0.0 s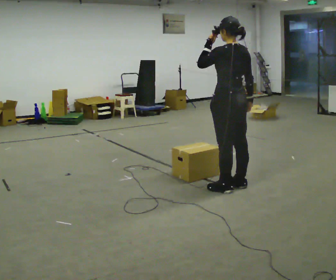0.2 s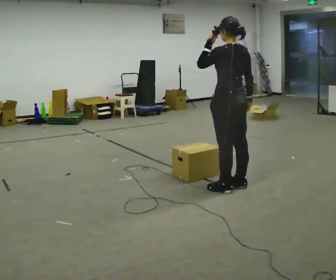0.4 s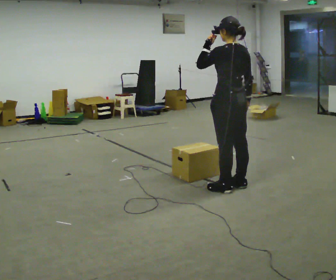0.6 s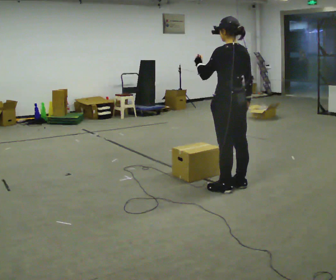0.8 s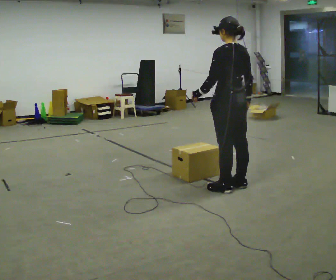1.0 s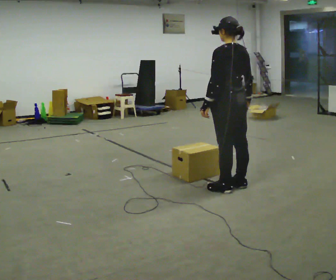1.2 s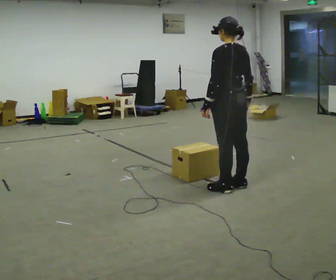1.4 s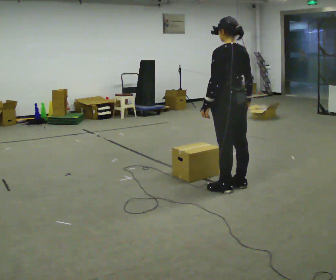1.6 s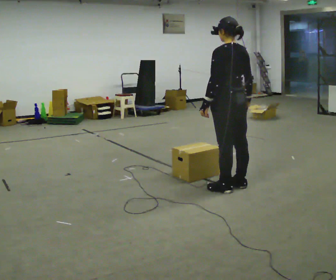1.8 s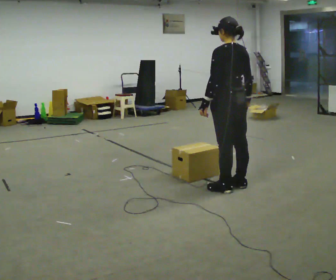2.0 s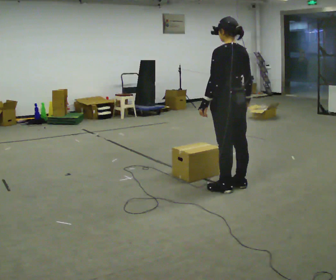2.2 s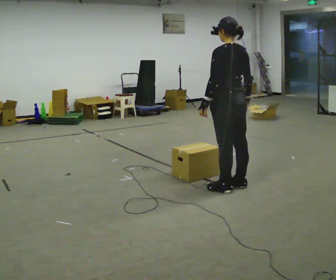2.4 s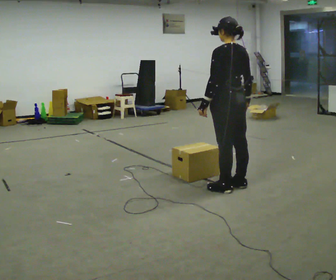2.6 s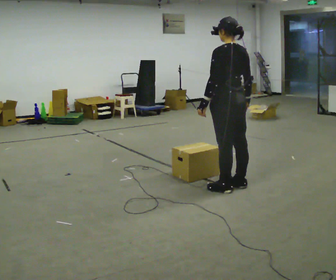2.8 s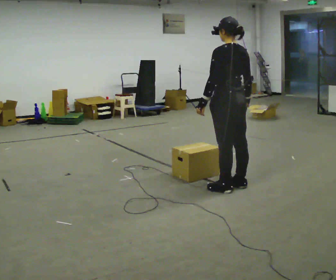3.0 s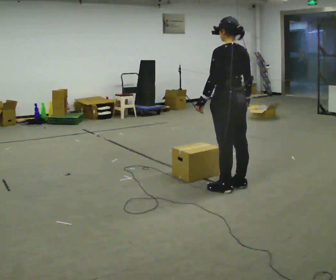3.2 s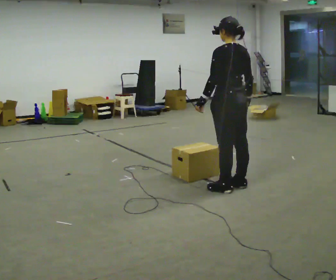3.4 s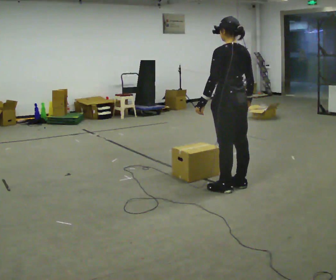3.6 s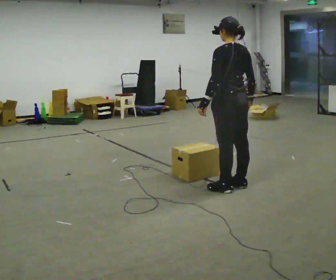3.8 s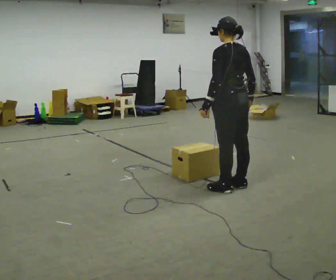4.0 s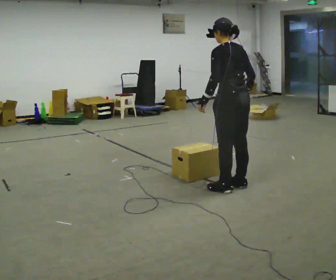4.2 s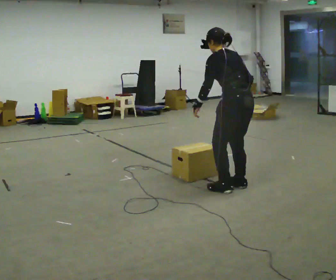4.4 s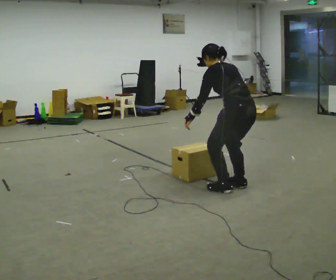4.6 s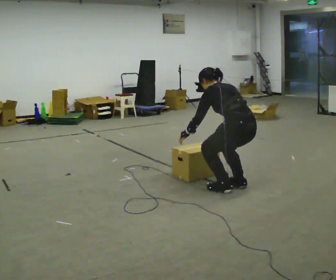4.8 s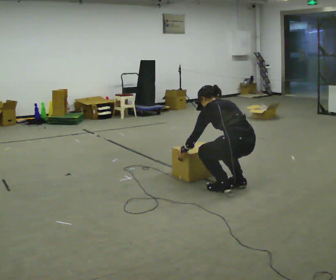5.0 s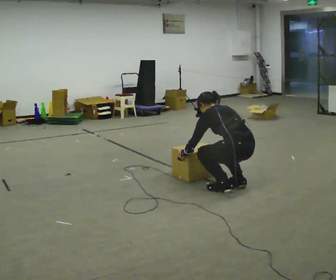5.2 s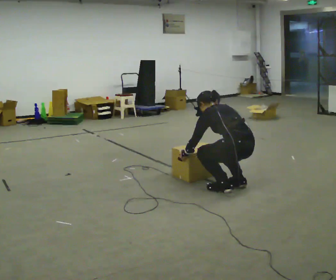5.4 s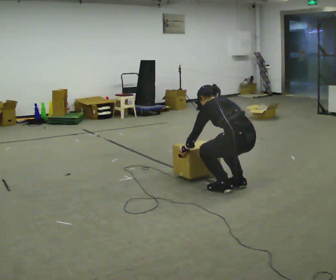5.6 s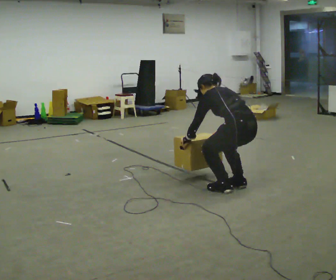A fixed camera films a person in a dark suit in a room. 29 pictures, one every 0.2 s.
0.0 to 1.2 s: In the picture their left hand goes downward.
1.2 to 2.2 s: The person keeps their place and pose.
2.2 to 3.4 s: The person moves a little, or ends about where they began.
3.4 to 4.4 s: The shoulders move downward. In the picture the upper body tilts counterclockwise, shoulders to the left, as they bend forward.
4.4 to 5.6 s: The upper body tips away from the camera, its near side rolling upward, as they bend forward. In the picture their left hand goes downward.
The film runs backward here.
